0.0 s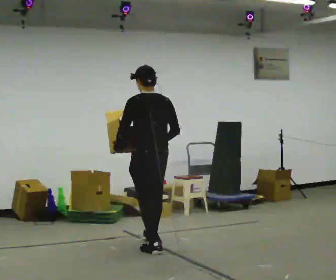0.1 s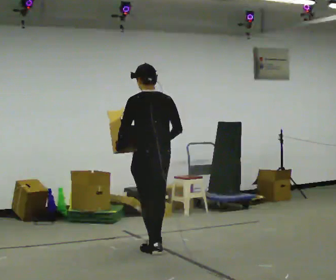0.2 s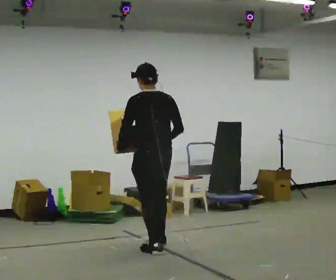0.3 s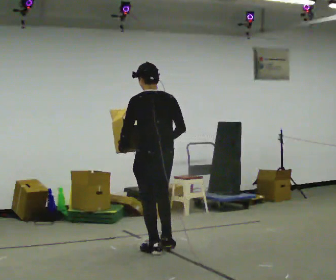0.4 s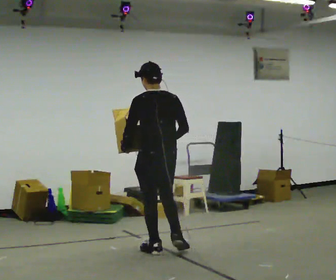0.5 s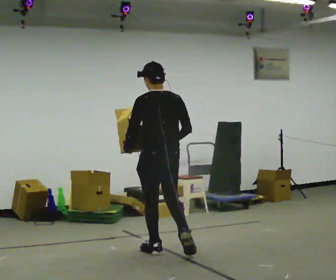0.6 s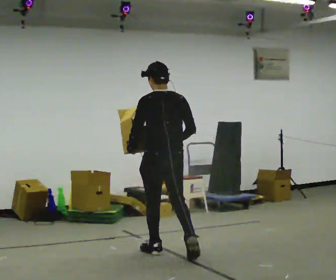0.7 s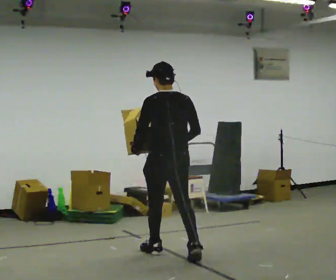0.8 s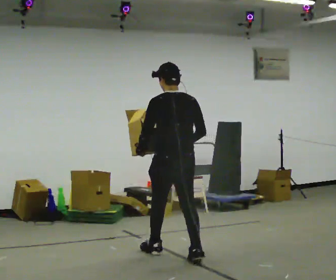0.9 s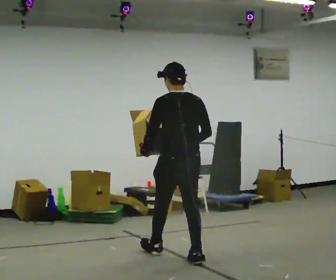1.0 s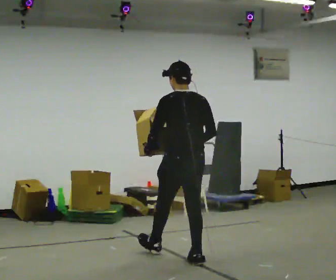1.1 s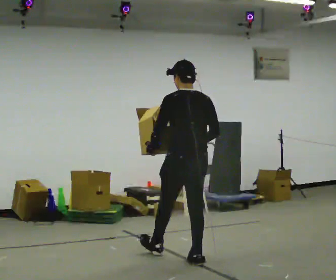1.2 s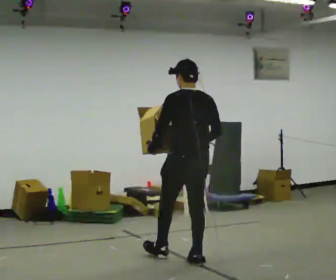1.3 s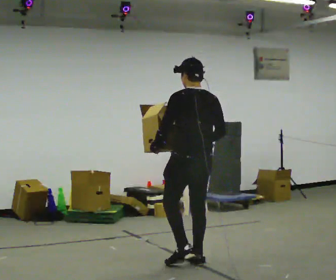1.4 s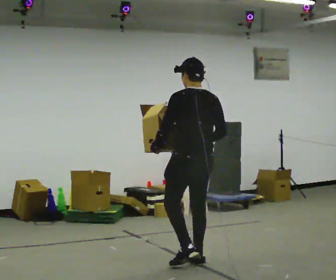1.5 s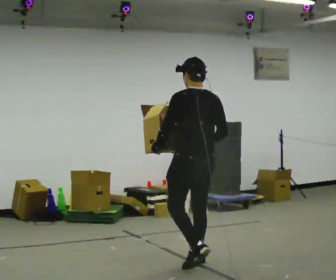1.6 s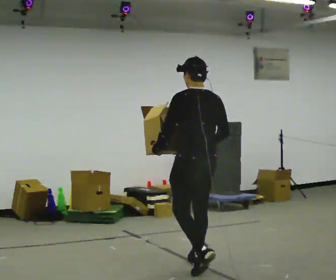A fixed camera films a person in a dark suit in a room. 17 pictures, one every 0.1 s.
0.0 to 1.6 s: In the picture they go toward the camera and to the right, about 1 m in 2 steps, which for them is backward.
The film runs backward here.
